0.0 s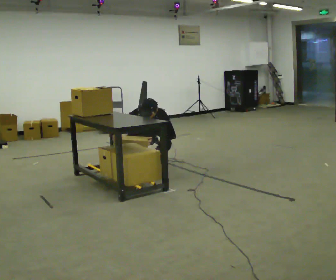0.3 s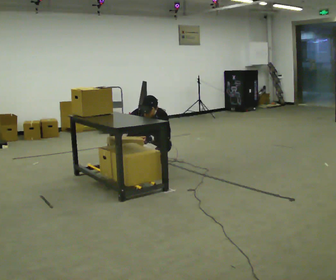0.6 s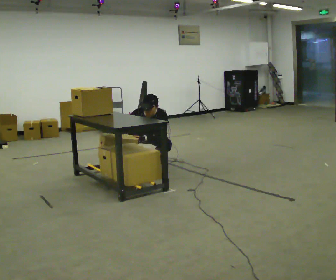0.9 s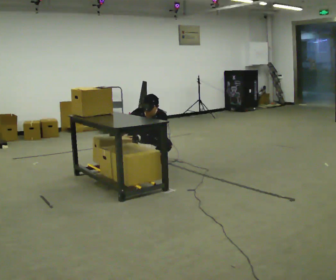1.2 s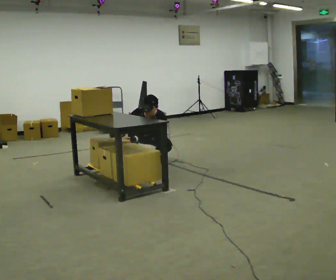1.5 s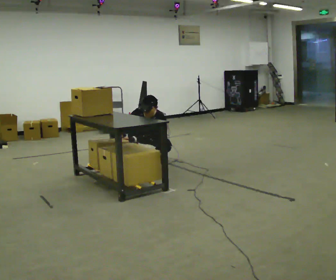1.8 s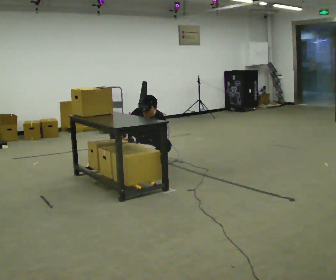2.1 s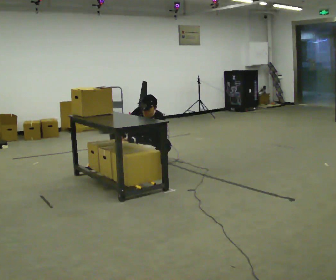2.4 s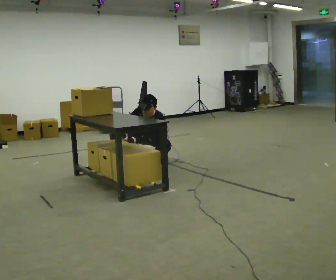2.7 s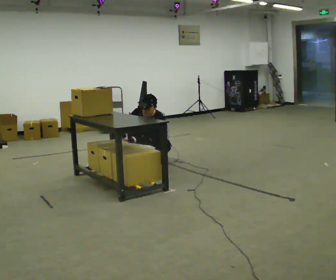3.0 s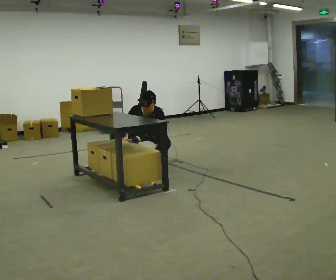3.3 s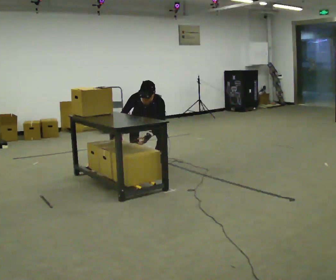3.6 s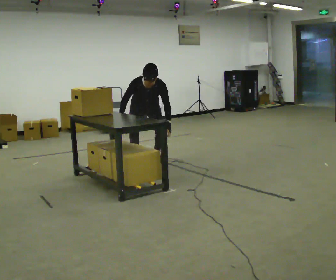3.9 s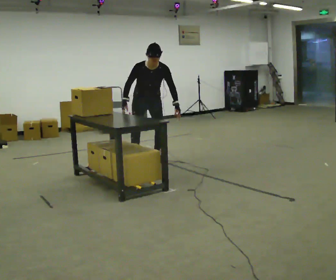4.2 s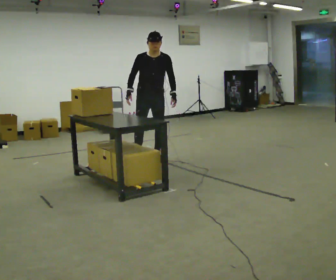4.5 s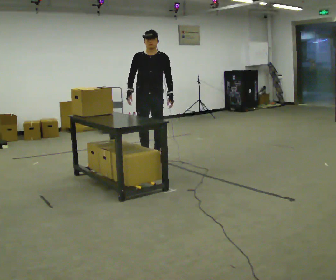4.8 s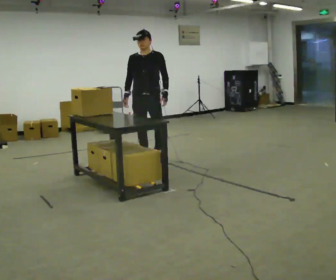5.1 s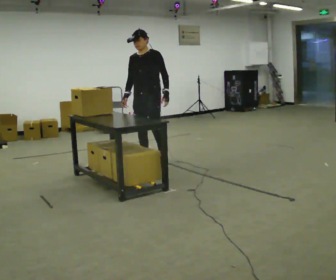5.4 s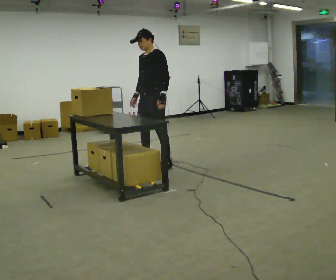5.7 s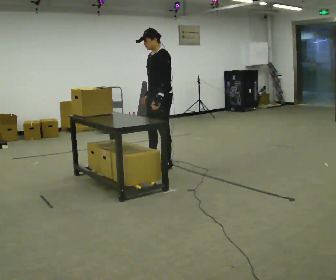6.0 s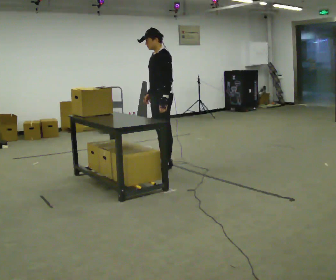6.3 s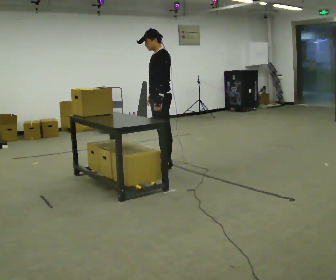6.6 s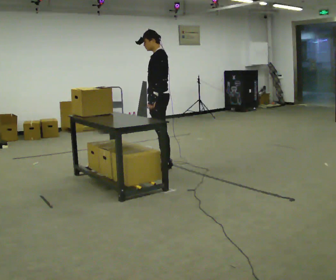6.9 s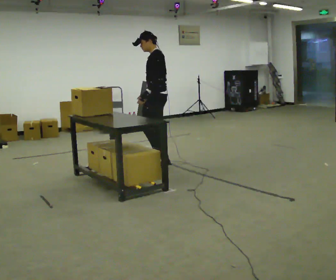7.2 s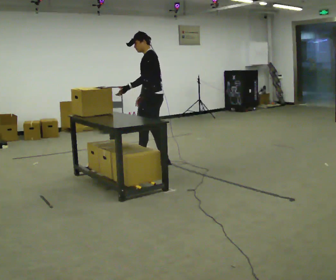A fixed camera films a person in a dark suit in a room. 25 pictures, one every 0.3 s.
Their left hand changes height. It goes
upward.
The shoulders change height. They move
upward.
0.0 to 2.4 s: The person moves a little, or ends about where they began.
2.4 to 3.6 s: The shoulders move upward. In the picture the upper body tilts clockwise, shoulders to the right. In the picture their left hand goes to the right, the arm swinging counterclockwise.
3.6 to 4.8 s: In the picture they go toward the camera, about 0.25 m in 1 step, which for them is forward. The upper body goes upward. The upper body tips away from the camera, its near side rolling upward, as they lean back or straighten. In the picture their left hand goes upward.
4.8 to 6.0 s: The part of the body nearest the lens slides to the left as the person turns to their right by about 60 degrees. In the picture they go toward the camera and to the right, about 0.25 m in 2 steps.
6.0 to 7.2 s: In the picture their left hand goes to the left.
The film runs forward here.
